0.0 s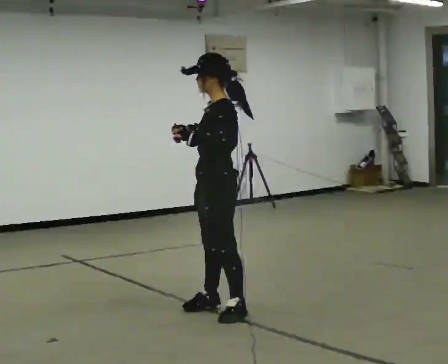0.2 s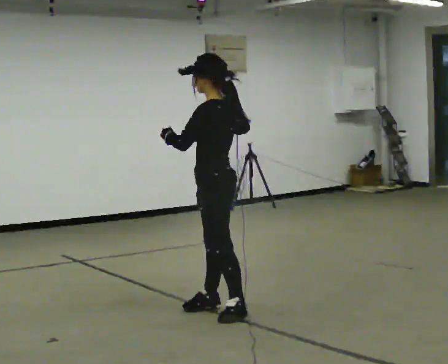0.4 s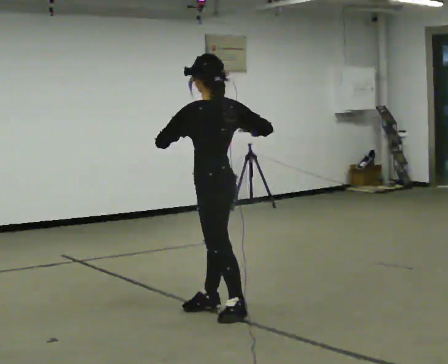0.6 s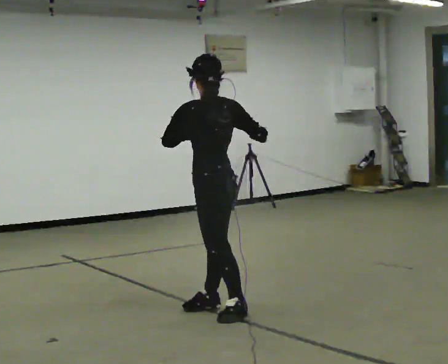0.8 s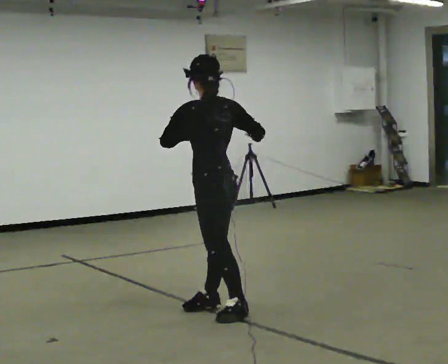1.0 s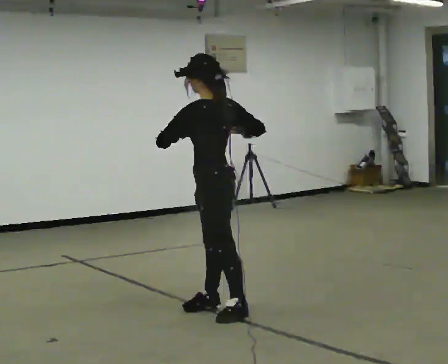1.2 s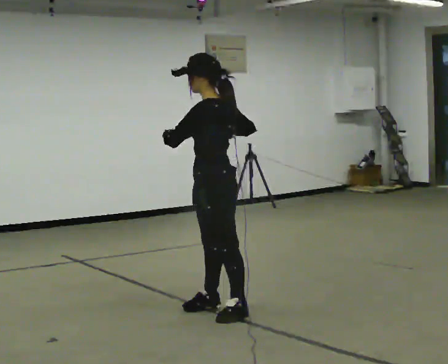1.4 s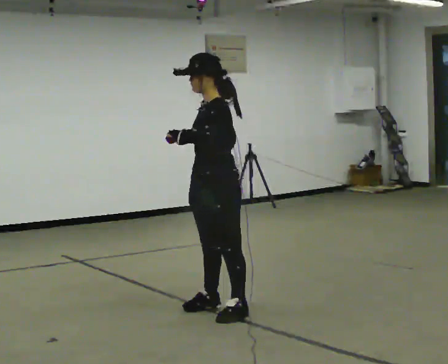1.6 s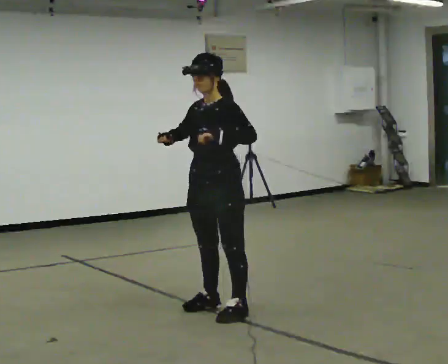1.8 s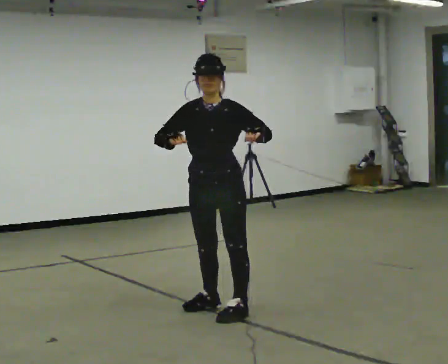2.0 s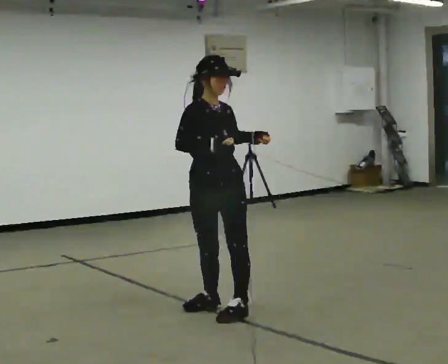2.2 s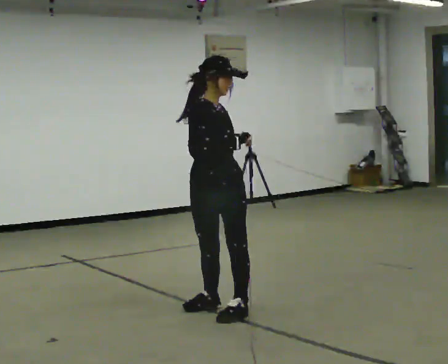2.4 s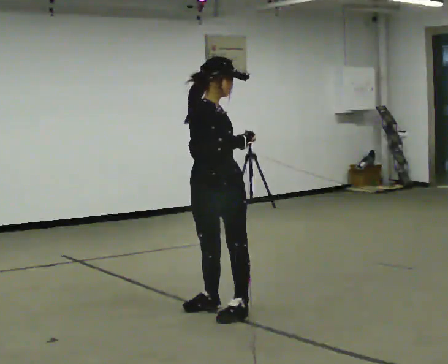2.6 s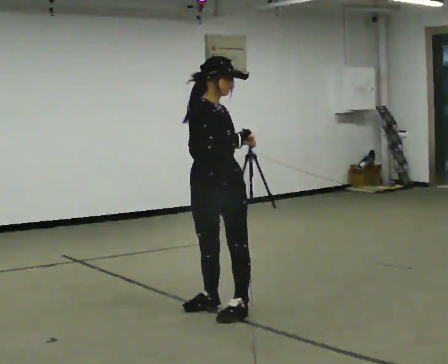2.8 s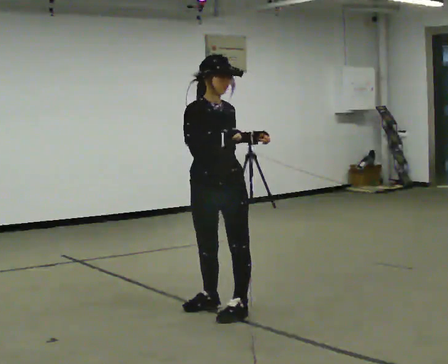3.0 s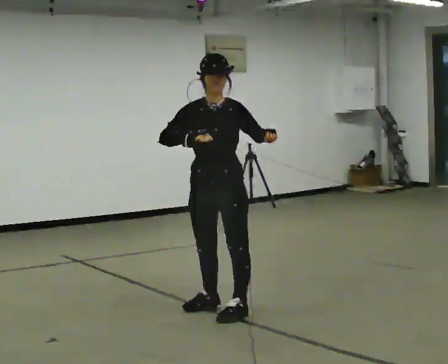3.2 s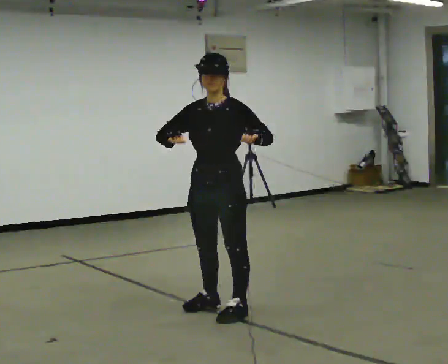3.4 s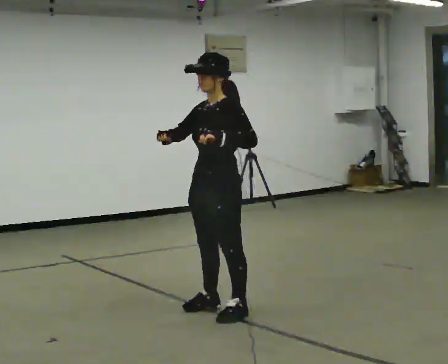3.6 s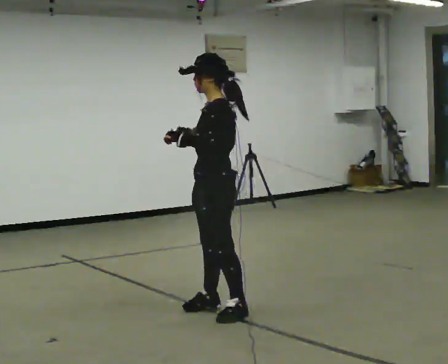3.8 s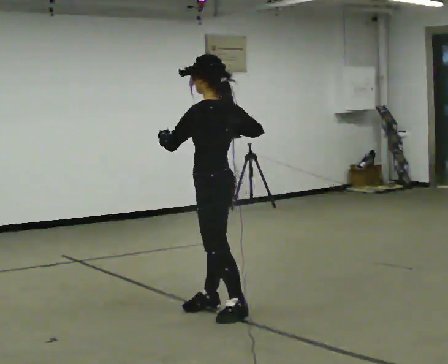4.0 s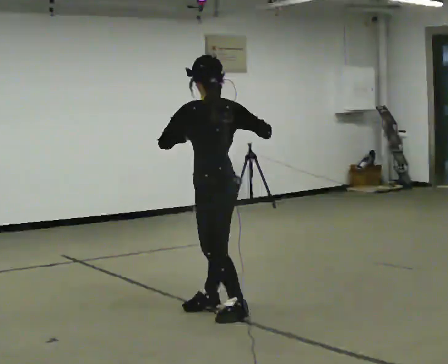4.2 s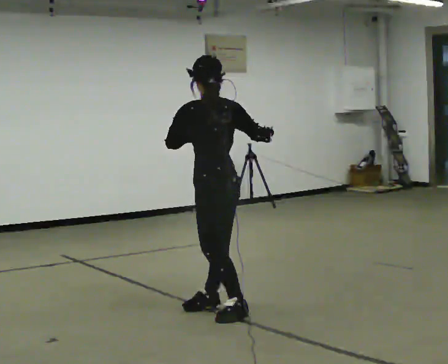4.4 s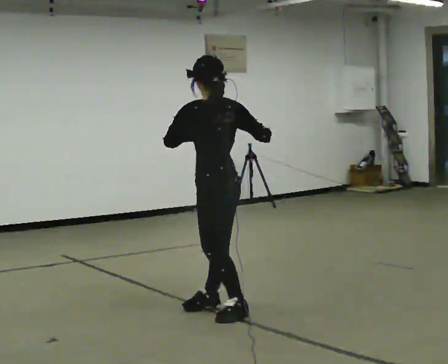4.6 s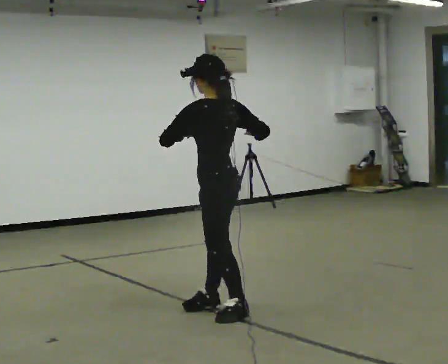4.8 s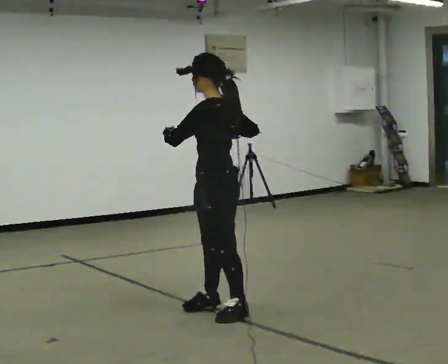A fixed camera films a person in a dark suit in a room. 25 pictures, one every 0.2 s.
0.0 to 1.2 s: The person moves a little, or ends about where they began.
1.2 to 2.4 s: Seen from above the body turns counterclockwise, about 120 degrees: to their left, with its near side sliding to the right.
2.4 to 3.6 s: The part of the body nearest the lens slides to the left as the person turns to their right by about 120 degrees. In the picture their left hand goes to the left.
3.6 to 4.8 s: The person moves a little, or ends about where they began.
The film runs forward here.
